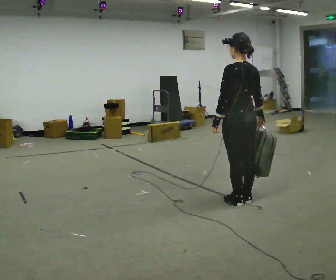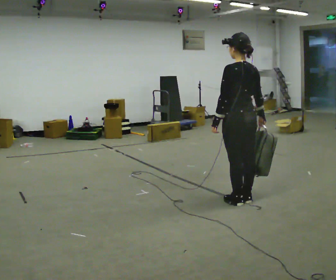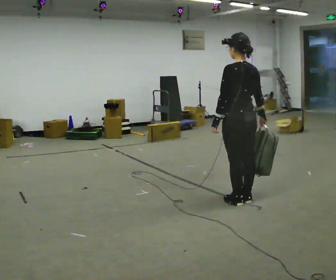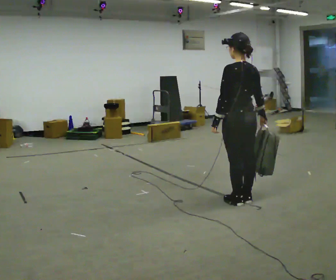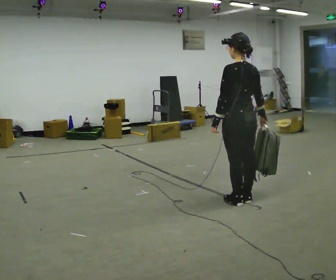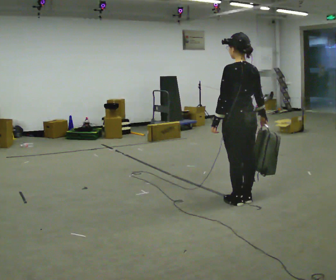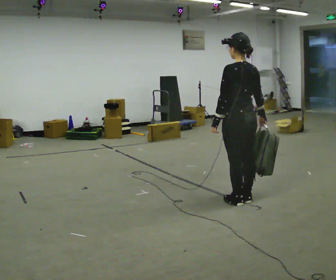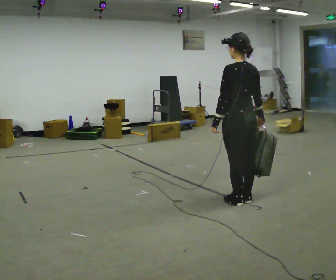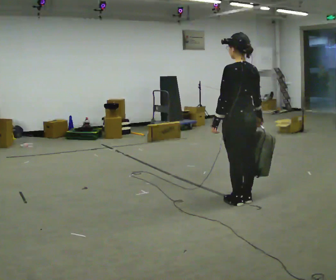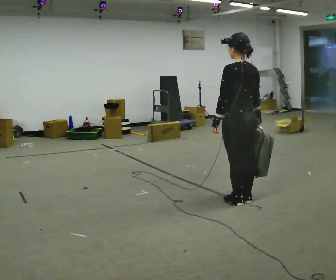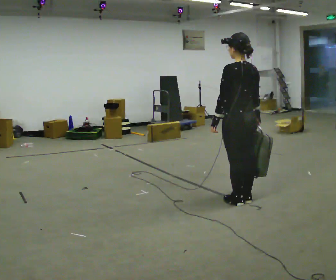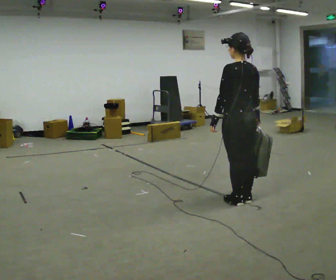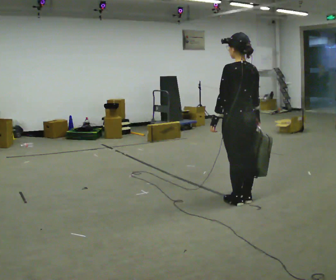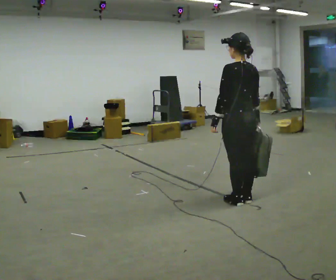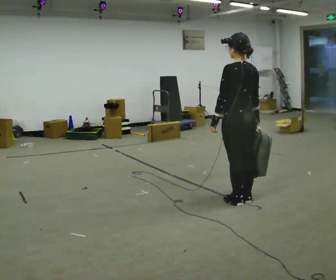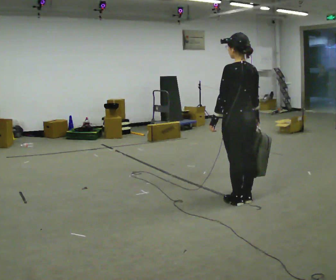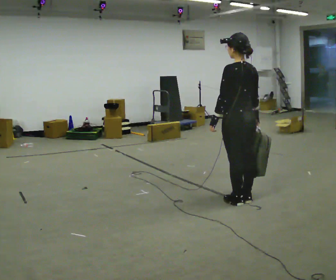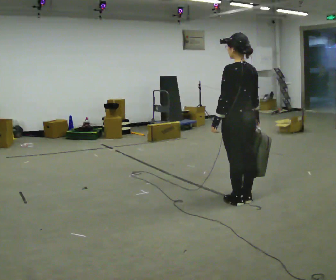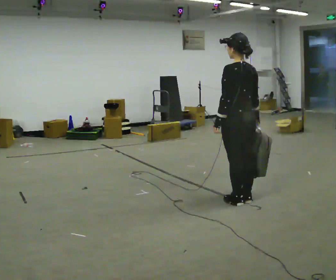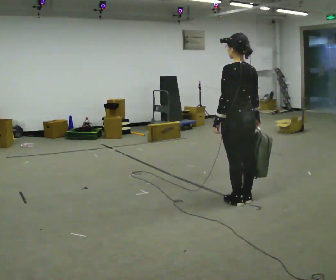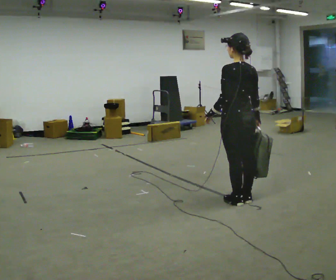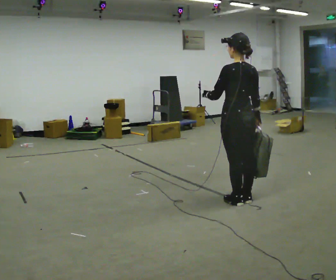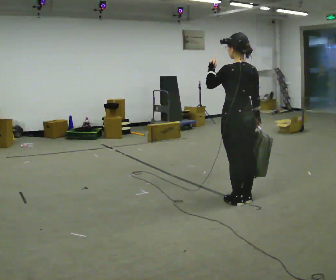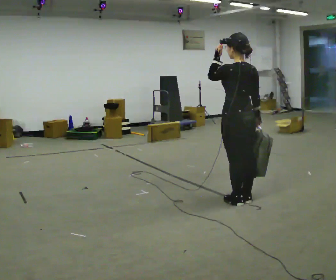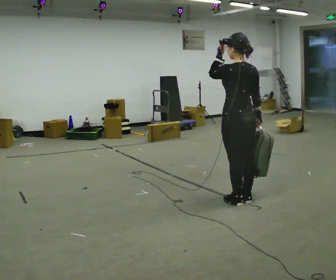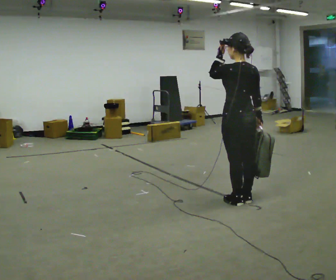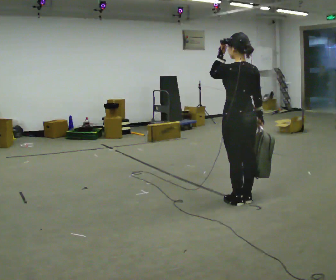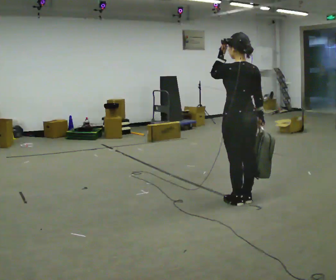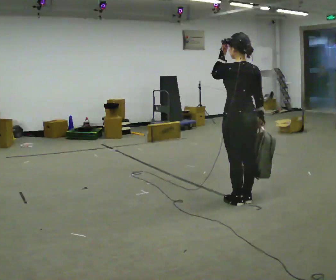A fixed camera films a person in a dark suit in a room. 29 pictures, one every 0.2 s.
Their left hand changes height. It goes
upward.
0.0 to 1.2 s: The person keeps their place and pose.
1.2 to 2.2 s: The person moves a little, or ends about where they began.
2.2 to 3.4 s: The person keeps their place and pose.
3.4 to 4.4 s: In the picture their left hand goes upward, the arm swinging clockwise.
4.4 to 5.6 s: The person moves a little, or ends about where they began.
The film runs backward here.
